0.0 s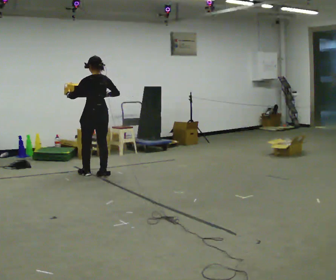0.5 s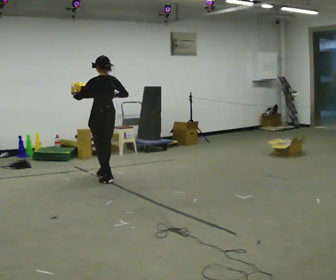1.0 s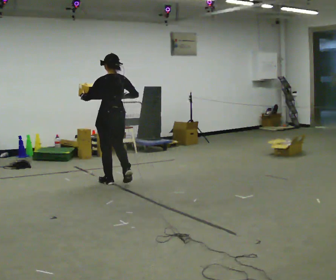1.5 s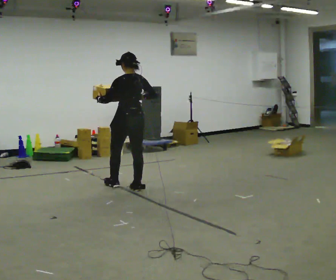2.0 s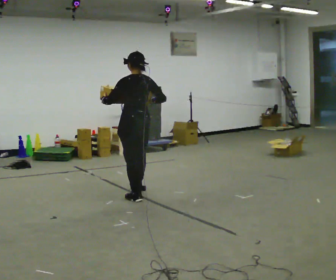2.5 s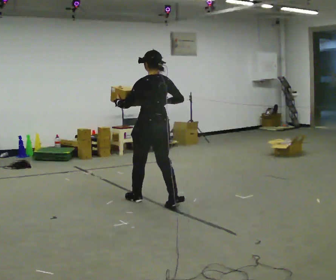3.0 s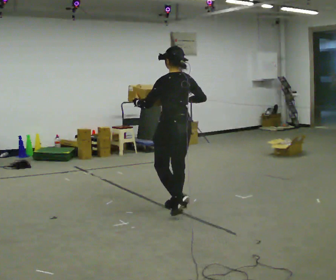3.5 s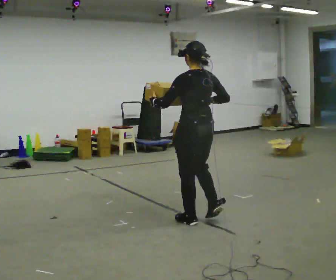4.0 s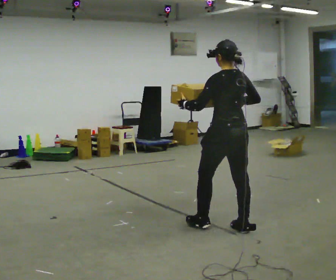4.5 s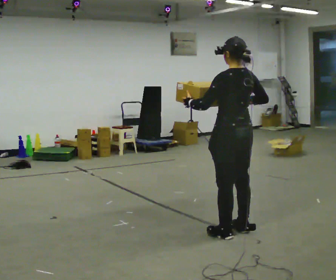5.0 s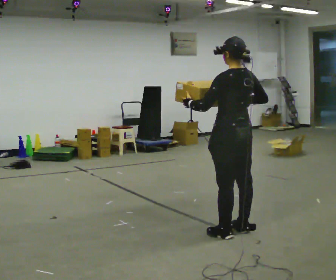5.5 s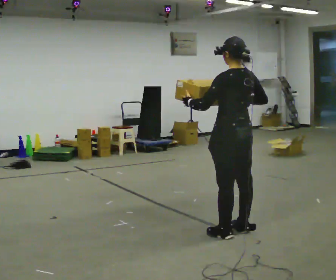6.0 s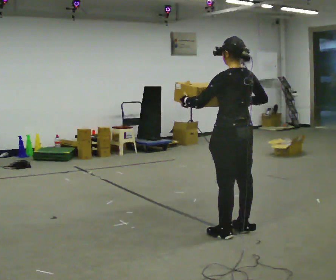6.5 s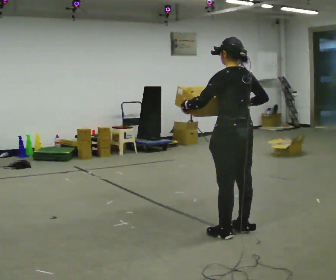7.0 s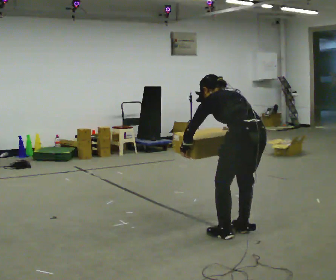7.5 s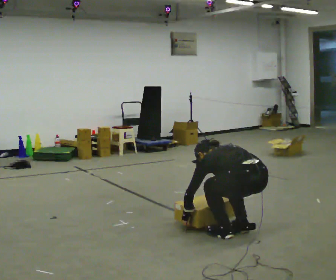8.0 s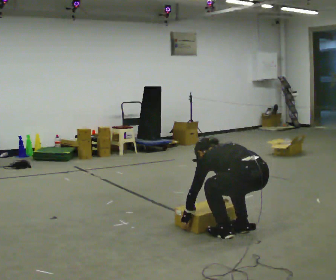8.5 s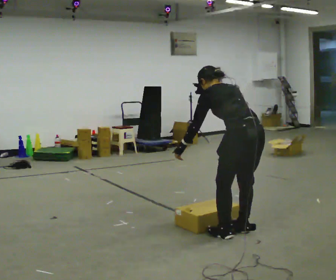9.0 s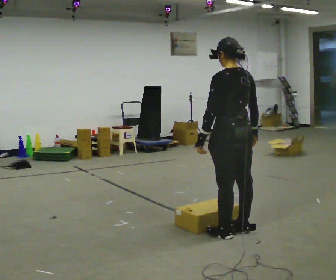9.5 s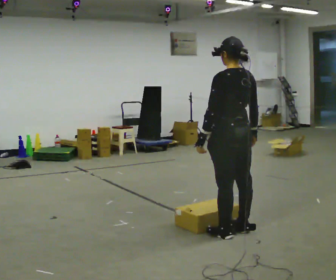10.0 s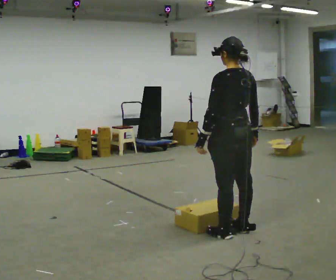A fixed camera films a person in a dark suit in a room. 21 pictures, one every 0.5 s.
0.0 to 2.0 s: In the picture they go toward the camera and to the right, about 1 m in 4 steps, which for them is backward.
2.0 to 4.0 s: In the picture they go toward the camera and to the right, about 1.5 m in 3 steps, which for them is backward.
4.0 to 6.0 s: The person moves a little, or ends about where they began.
6.0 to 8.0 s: The shoulders move downward. The upper body tips away from the camera, its near side rolling upward, as they bend forward. In the picture their left hand goes downward.
8.0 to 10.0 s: The upper body goes upward. The upper body tips toward the camera, its near side rolling downward, as they lean back or straighten. In the picture their right hand goes upward.
The film runs backward here.
